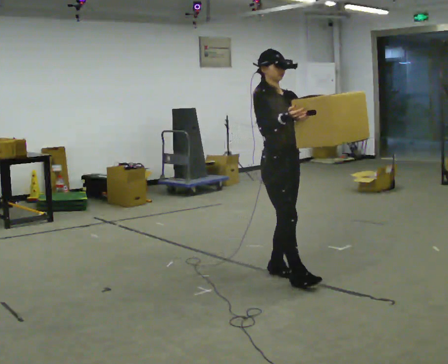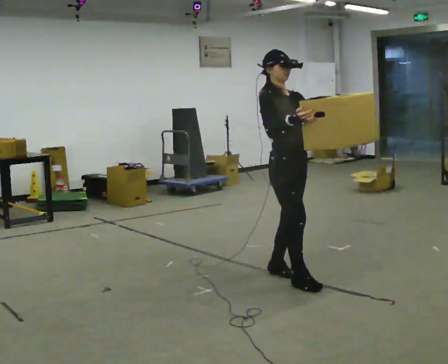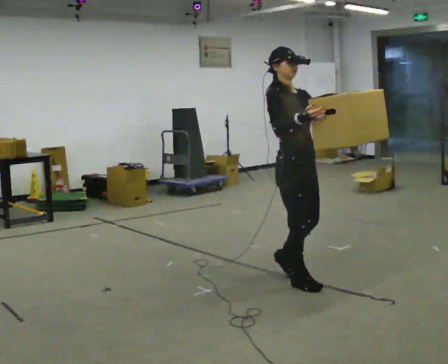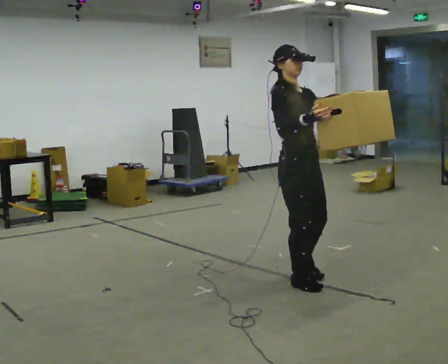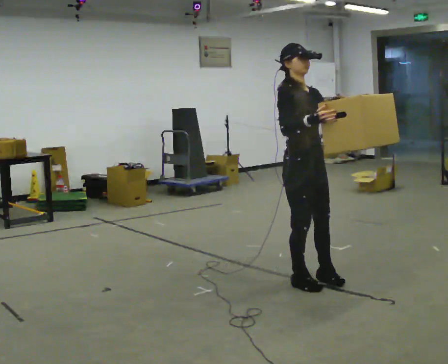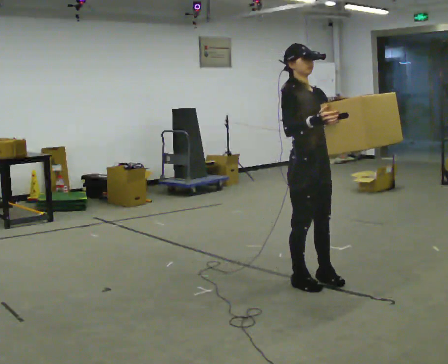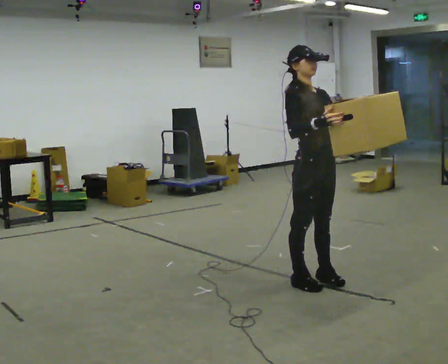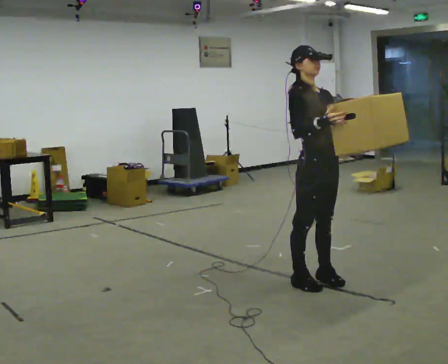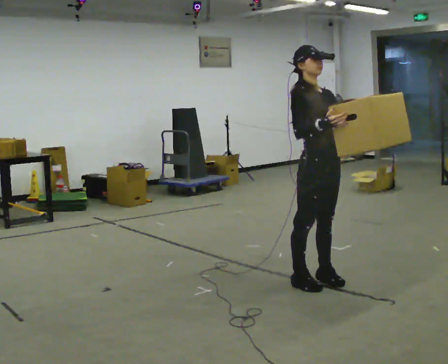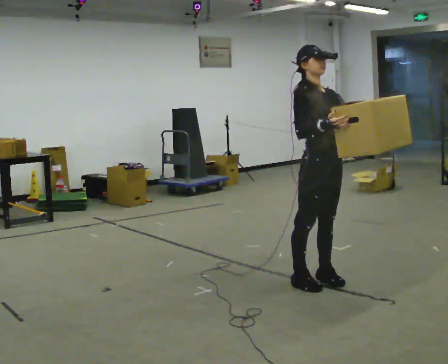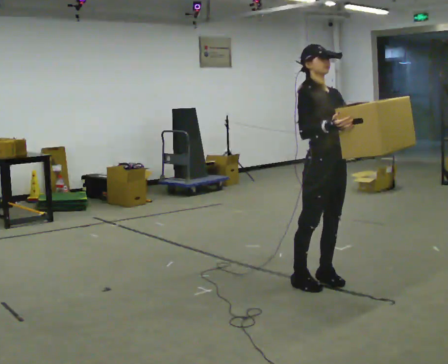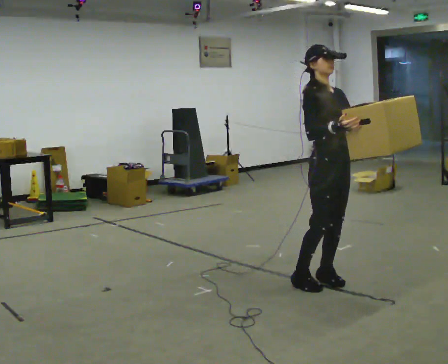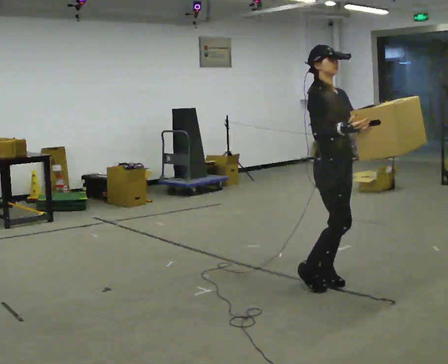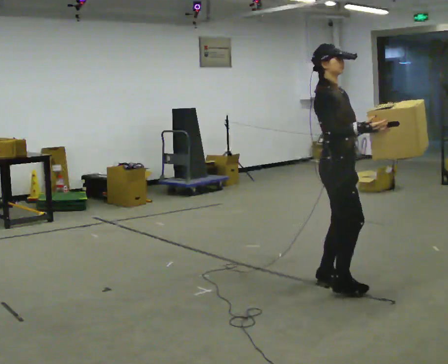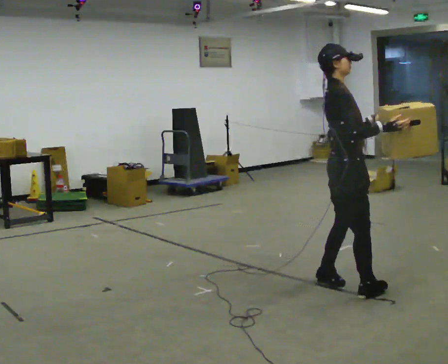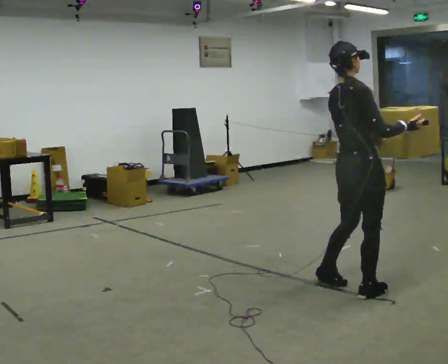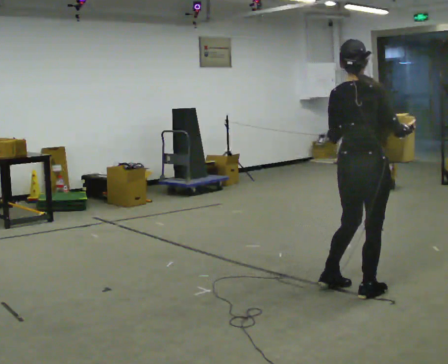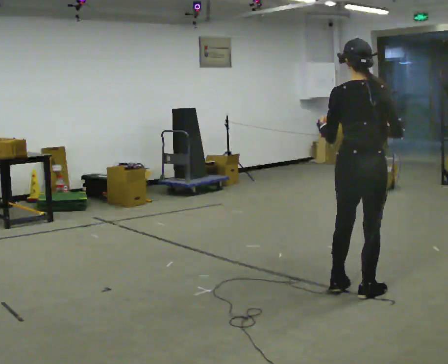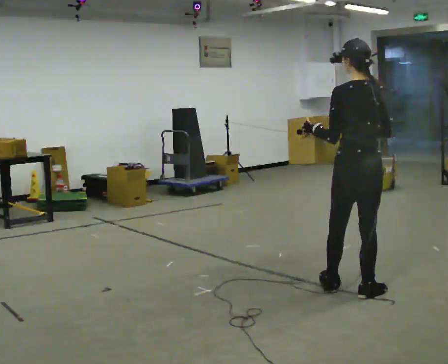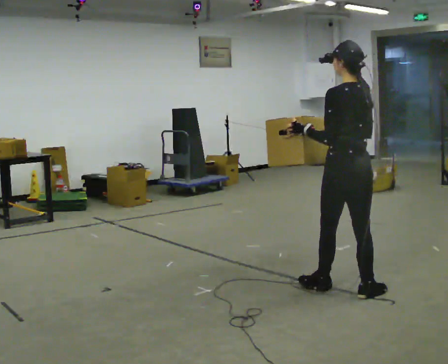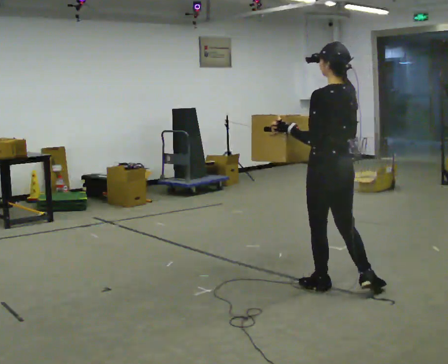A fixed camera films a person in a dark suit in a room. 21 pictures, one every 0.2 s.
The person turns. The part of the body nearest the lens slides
to the right.
The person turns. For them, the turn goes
to their left.
0.0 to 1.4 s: In the picture they go to the right and toward the camera, about 0.25 m in 2 steps, which for them is forward.
1.4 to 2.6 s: The person moves a little, or ends about where they began.
2.6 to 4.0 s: Seen from above the body turns counterclockwise, about 150 degrees: to their left, with its near side sliding to the right.
The film runs forward here.
